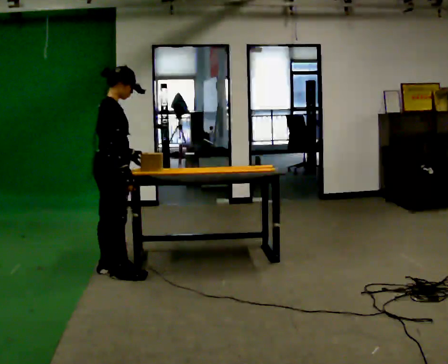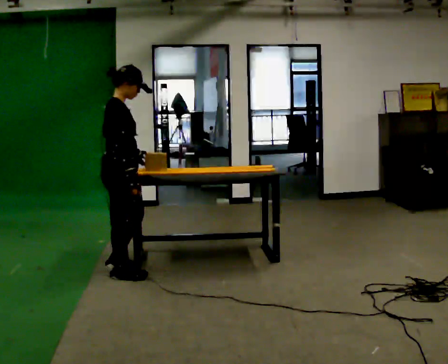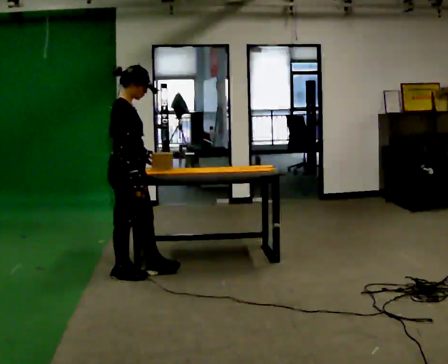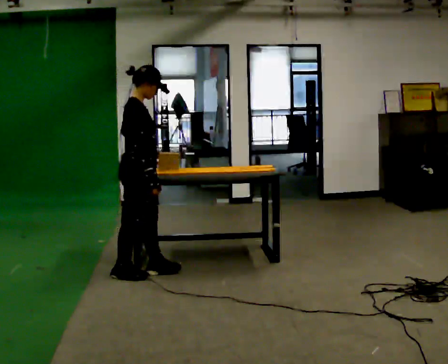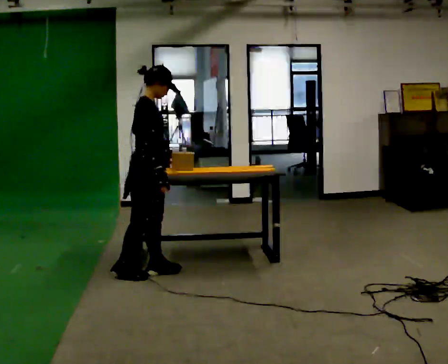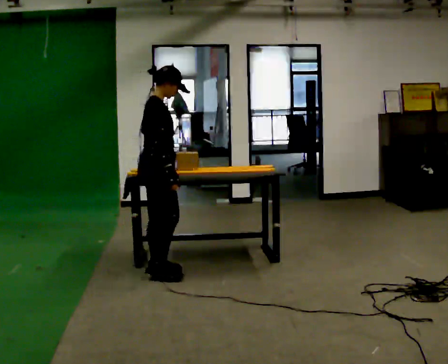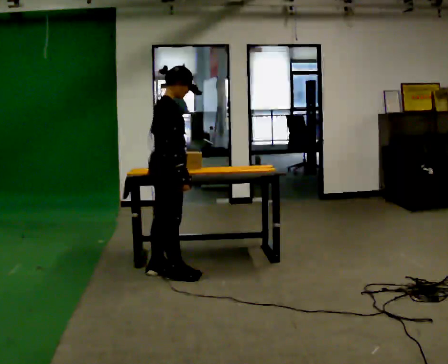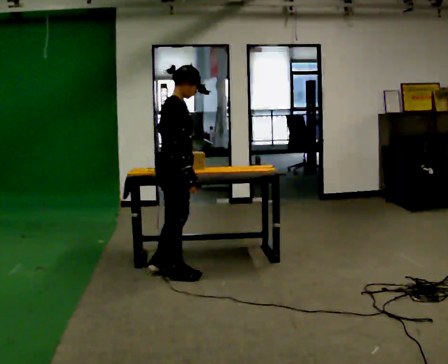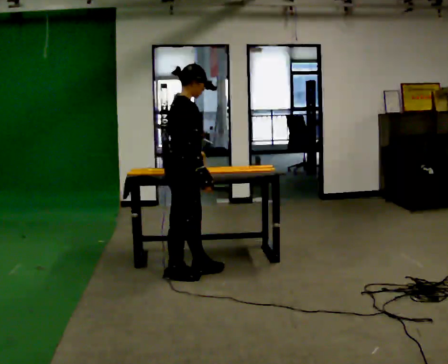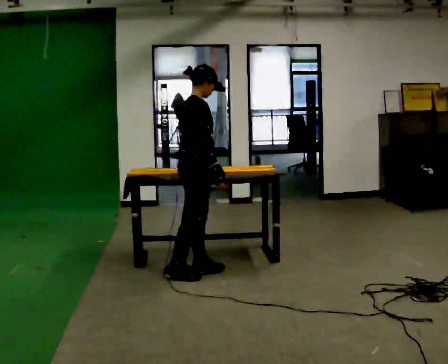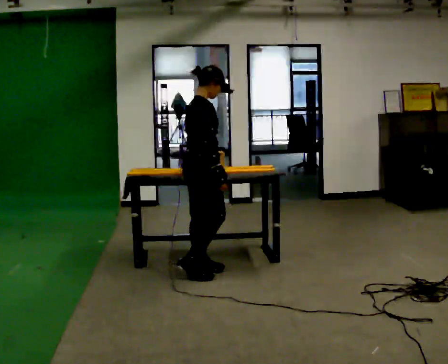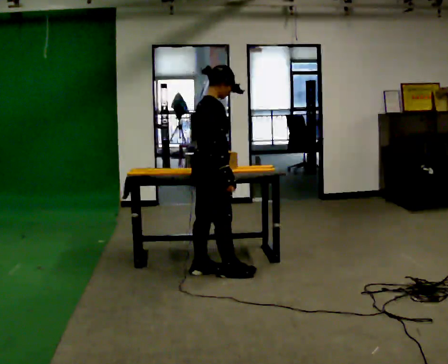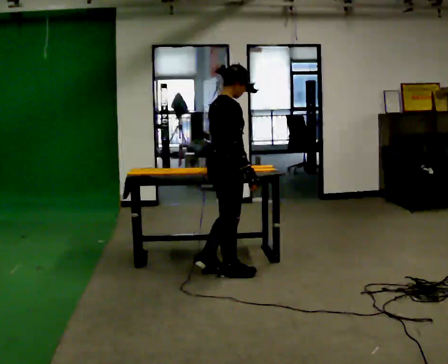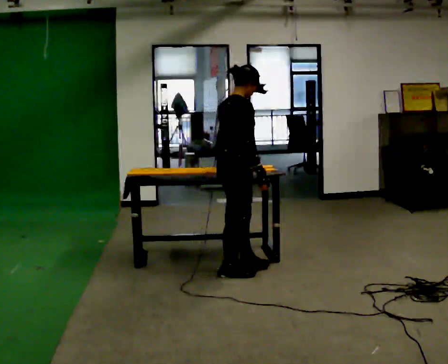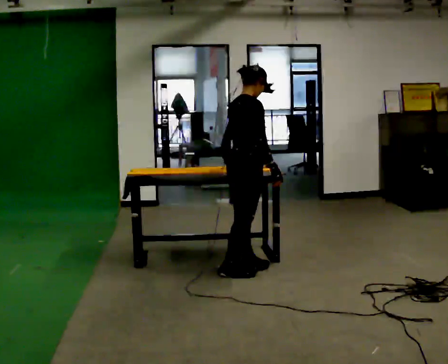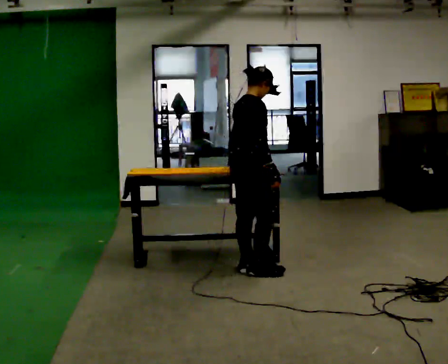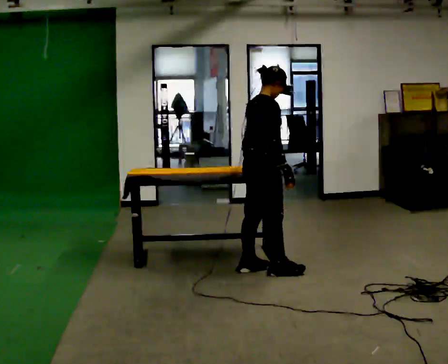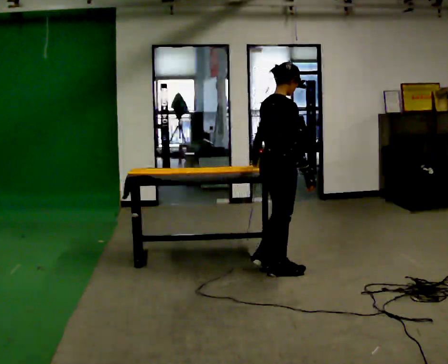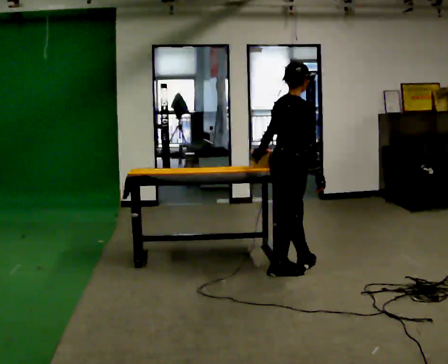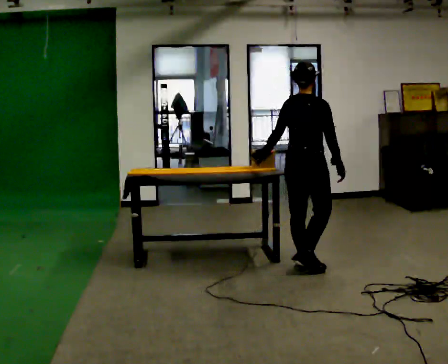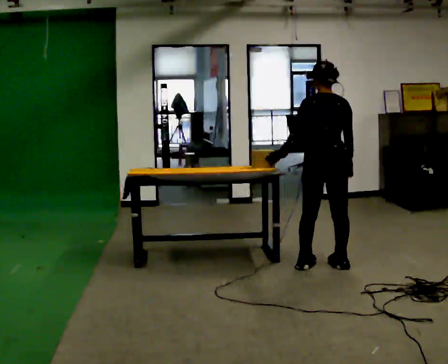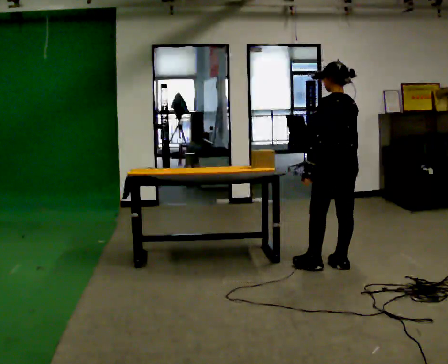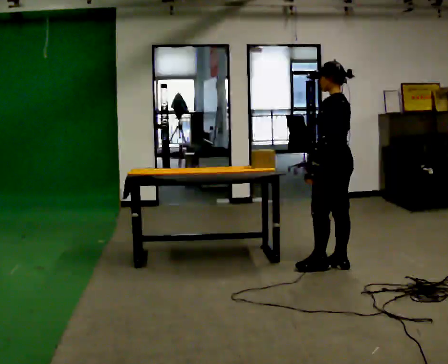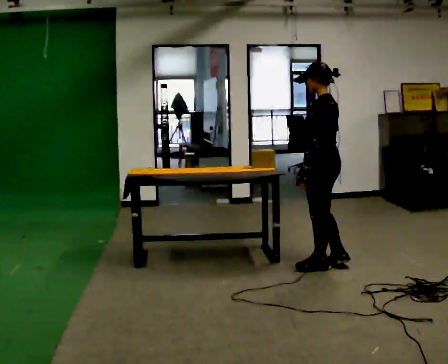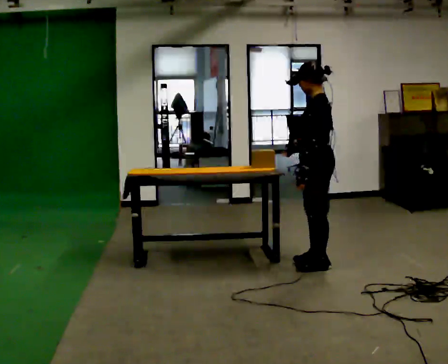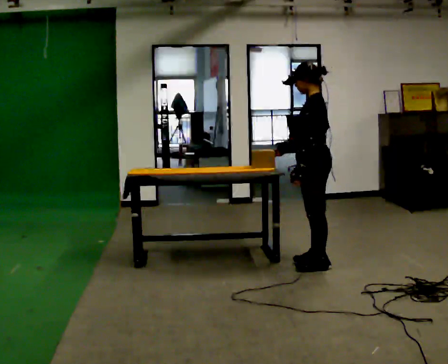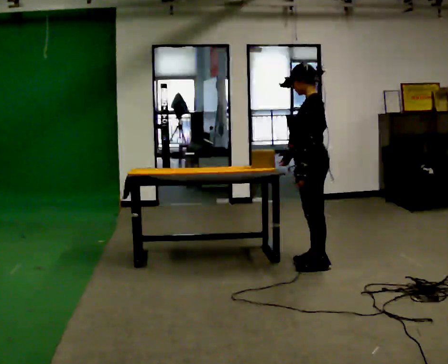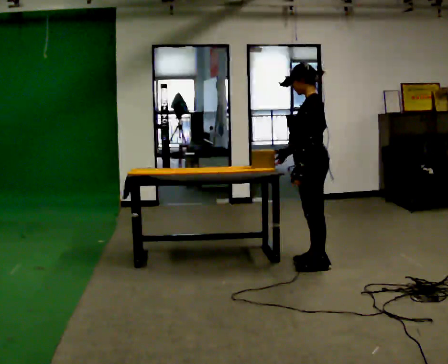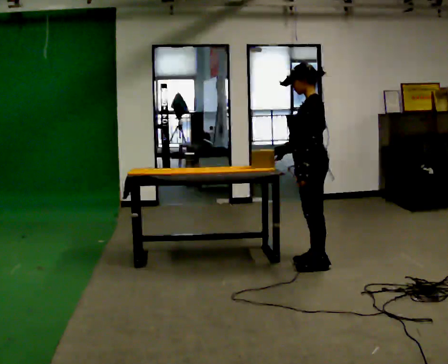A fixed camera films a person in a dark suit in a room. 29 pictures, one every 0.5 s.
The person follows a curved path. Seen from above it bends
counterclockwise.
The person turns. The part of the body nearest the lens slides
to the right.
0.0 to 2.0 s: In the picture they go to the right, about 0.25 m in 1 step, which for them is forward.
2.0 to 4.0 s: In the picture they go to the right, about 0.25 m in 2 steps, which for them is forward.
4.0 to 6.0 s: In the picture they go to the right, about 0.25 m in 1 step, which for them is forward.
6.0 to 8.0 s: In the picture they go to the right, about 0.25 m in 2 steps, which for them is forward.
8.0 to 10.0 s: Seen from above the body turns counterclockwise, about 75 degrees: to their left, with its near side sliding to the right. In the picture they go to the right, about 0.5 m in 2 steps.
10.0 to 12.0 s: Seen from above the body turns counterclockwise, about 75 degrees: to their left, with its near side sliding to the right. In the picture their right hand goes to the left, the arm swinging clockwise.
12.0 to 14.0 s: The person moves a little, or ends about where they began.
The film runs forward here.
